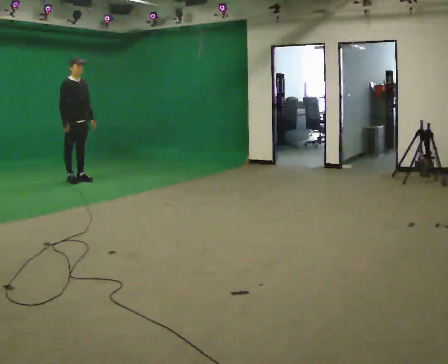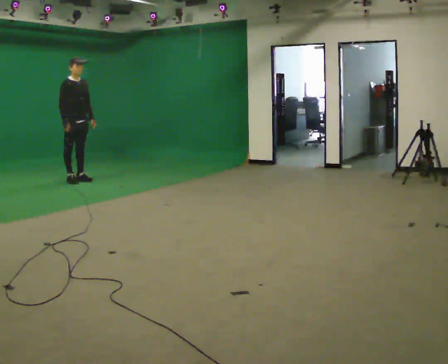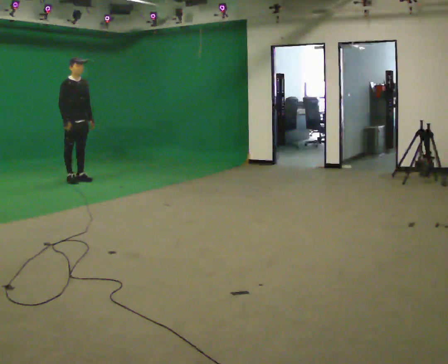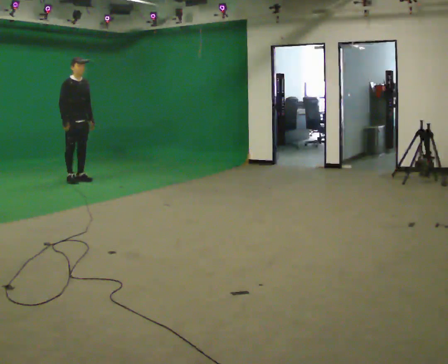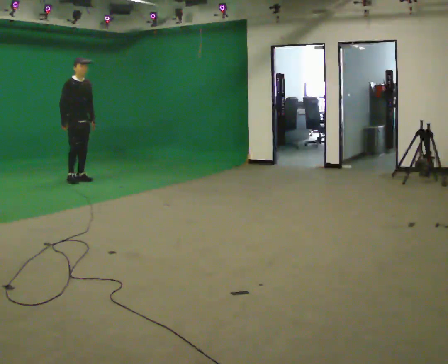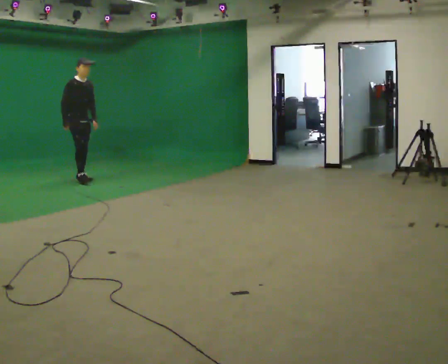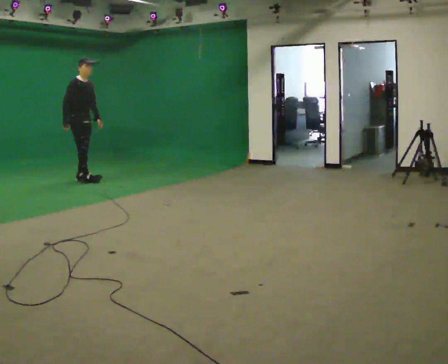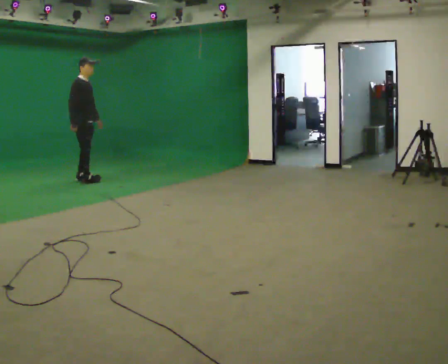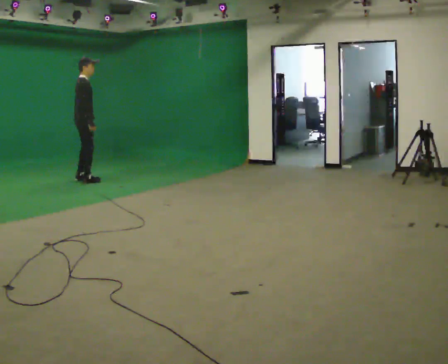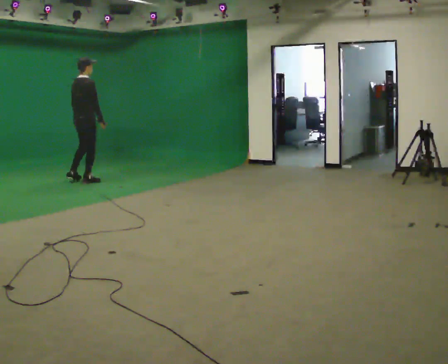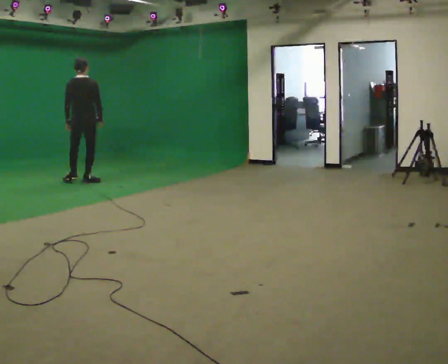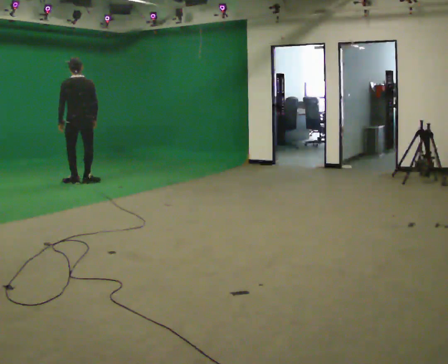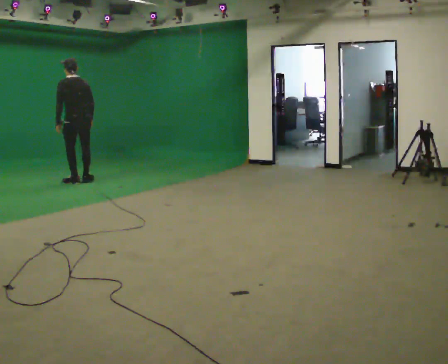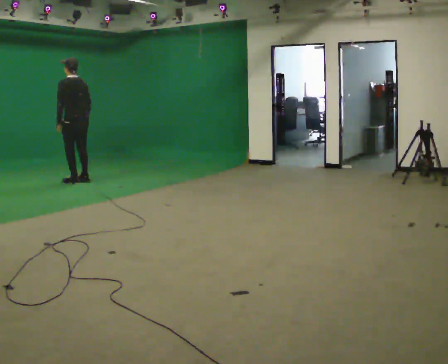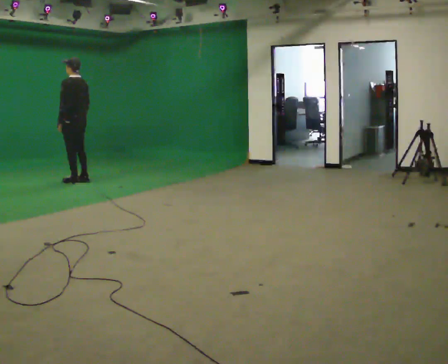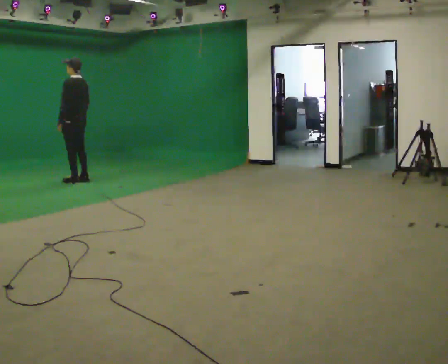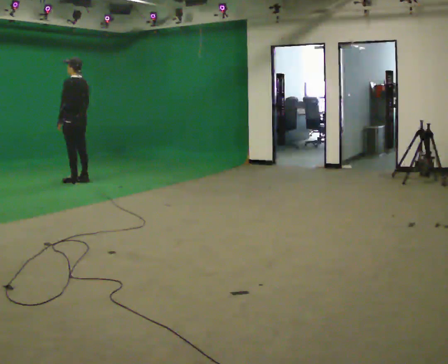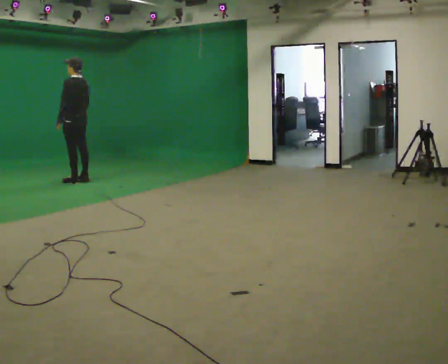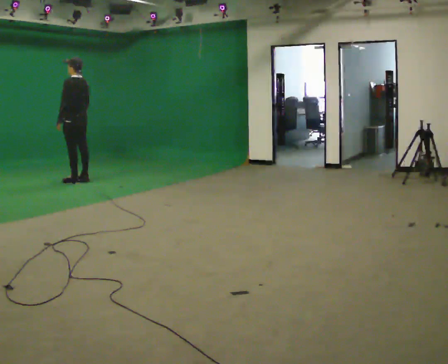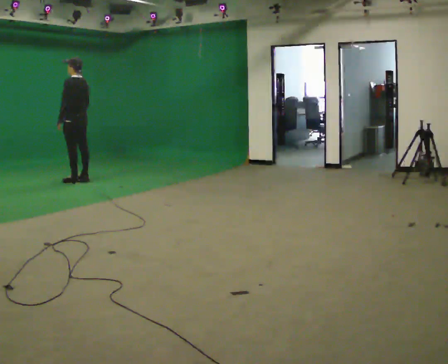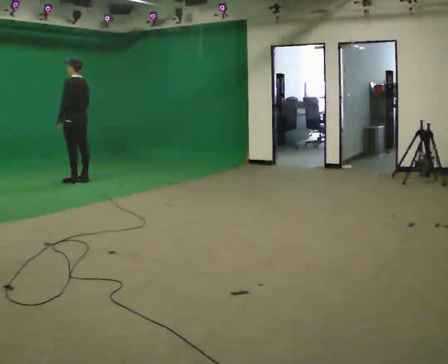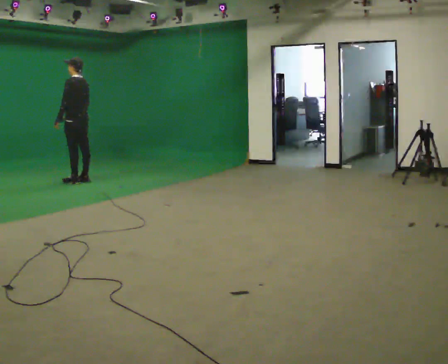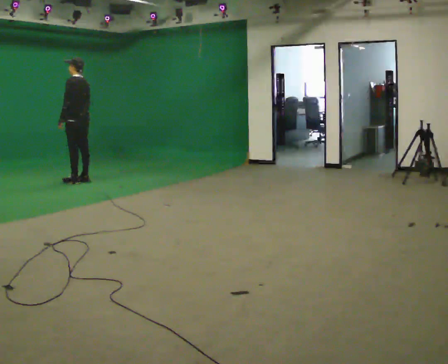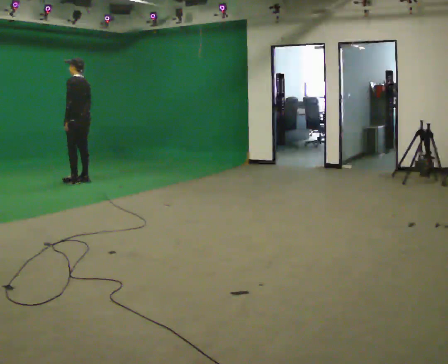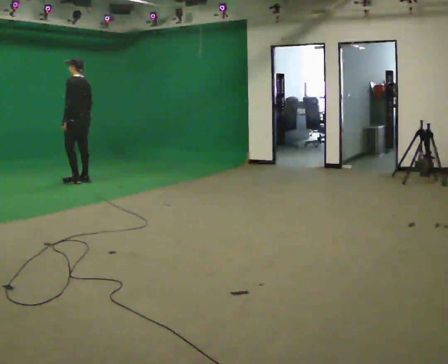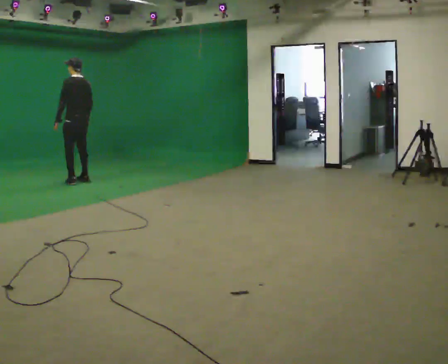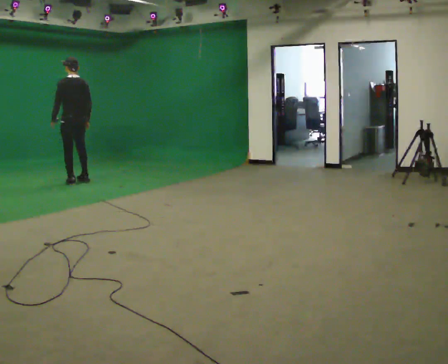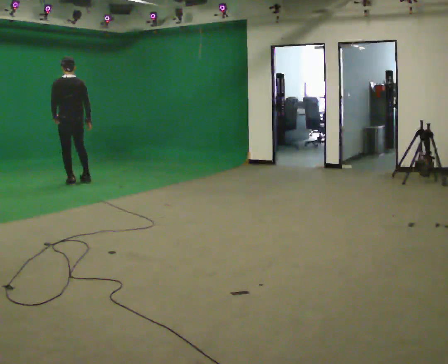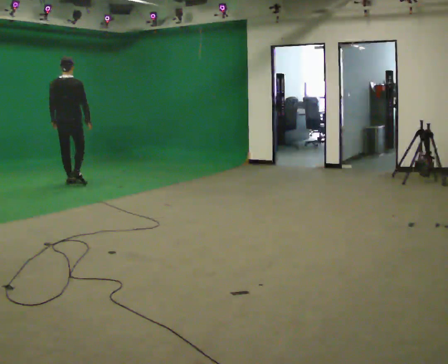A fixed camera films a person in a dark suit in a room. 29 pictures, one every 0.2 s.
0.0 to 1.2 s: The person moves a little, or ends about where they began.
1.2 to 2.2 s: The person turns about 120 degrees to their left, counterclockwise seen from above, so the part of the body nearest the lens slides to the right. In the picture they go toward the camera, about 0.25 m in 1 step. In the picture their right hand goes to the right.
2.2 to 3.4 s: The part of the body nearest the lens slides to the right as the person turns to their left by about 60 degrees.
3.4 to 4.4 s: The person moves a little, or ends about where they began.
4.4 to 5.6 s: The person turns about 60 degrees to their right, clockwise seen from above, so the part of the body nearest the lens slides to the left. In the picture they go toward the camera, about 0.25 m in 1 step, which for them is to their left.
The film runs backward here.
